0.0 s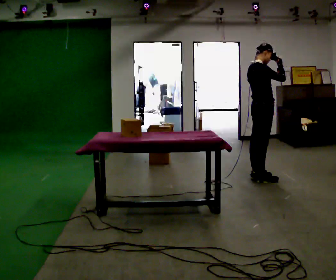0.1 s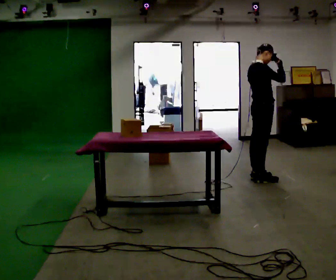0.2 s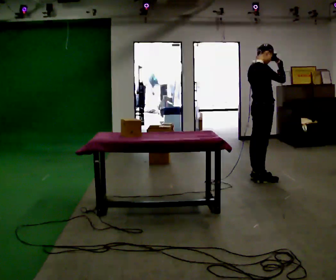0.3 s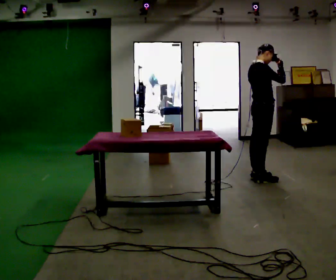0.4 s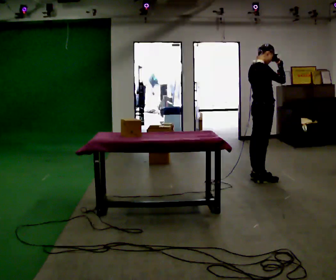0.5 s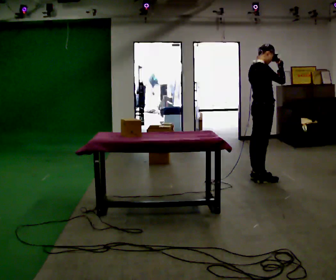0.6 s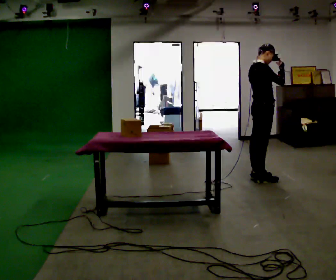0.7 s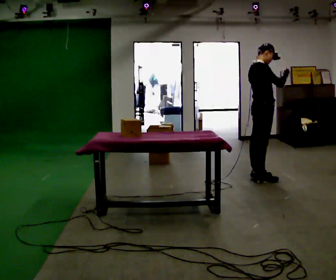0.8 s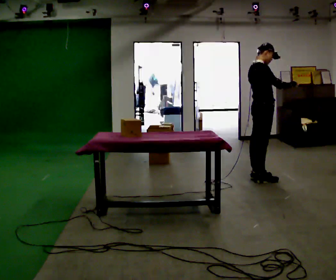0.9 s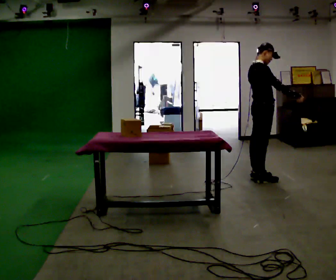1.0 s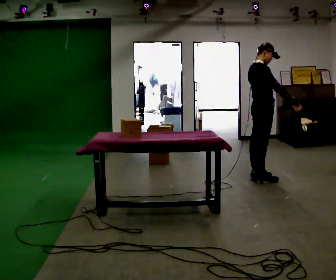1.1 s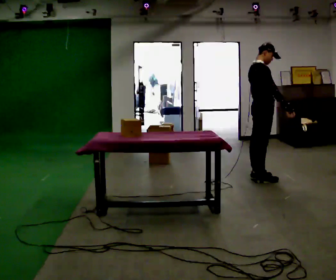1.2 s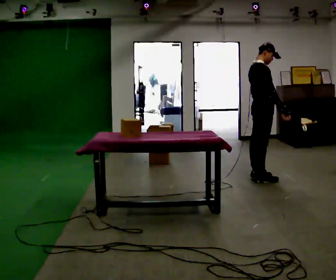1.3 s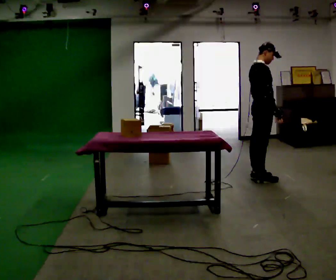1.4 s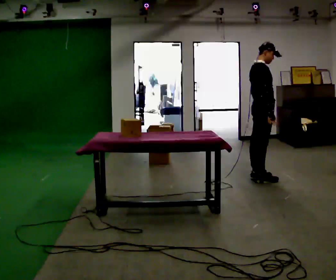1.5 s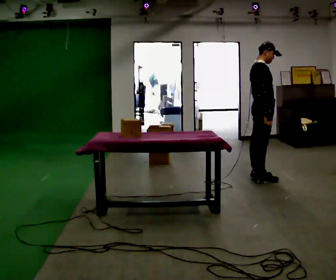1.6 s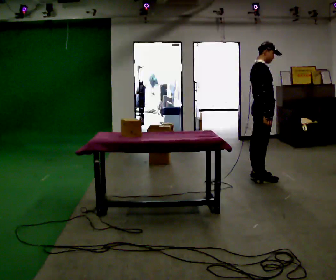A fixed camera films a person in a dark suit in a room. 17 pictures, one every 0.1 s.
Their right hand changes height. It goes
downward.
0.0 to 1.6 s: In the picture their right hand goes downward.
The film runs forward here.
